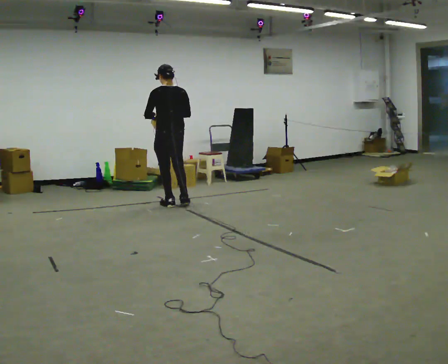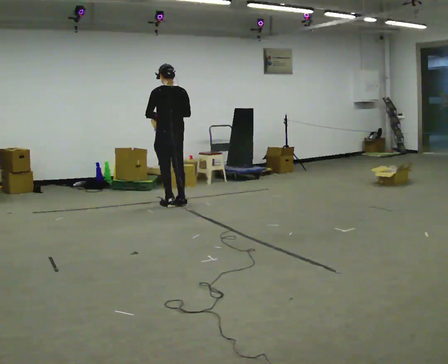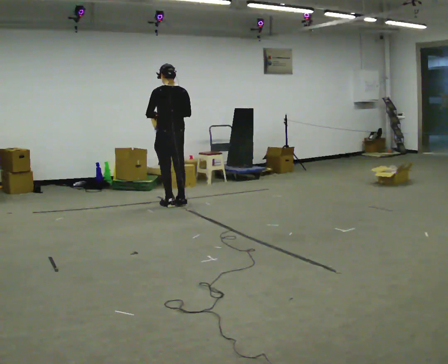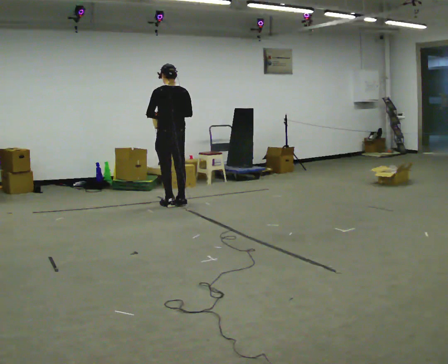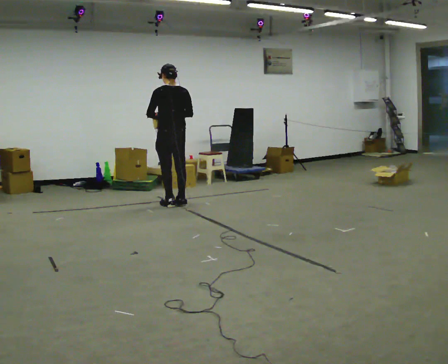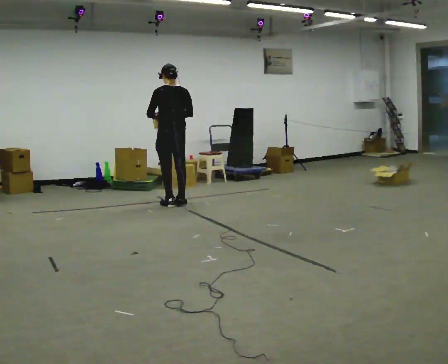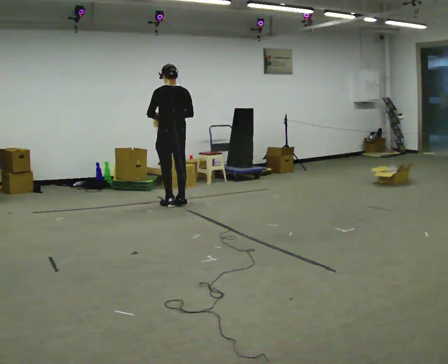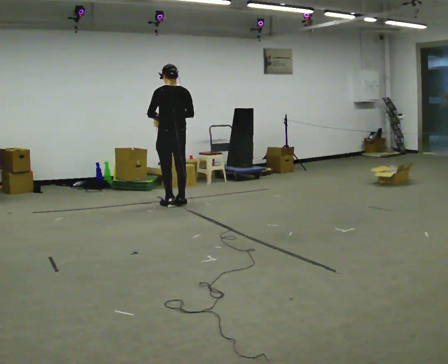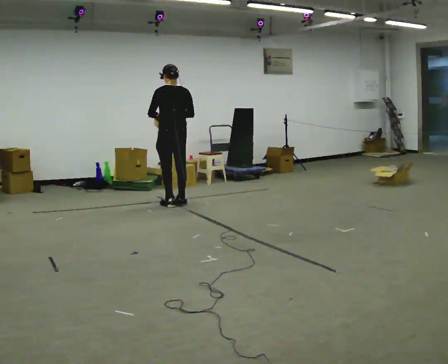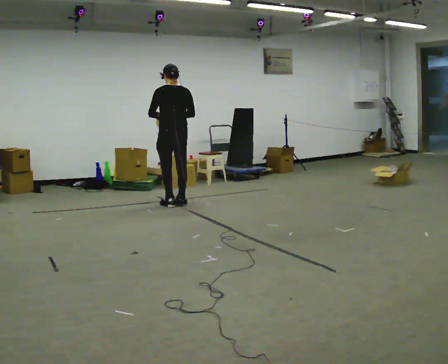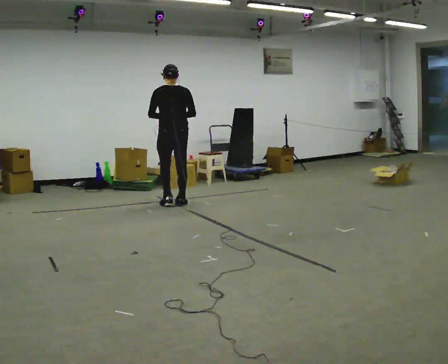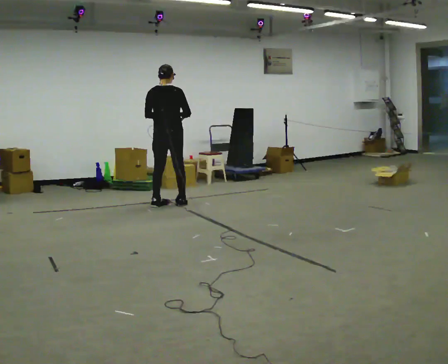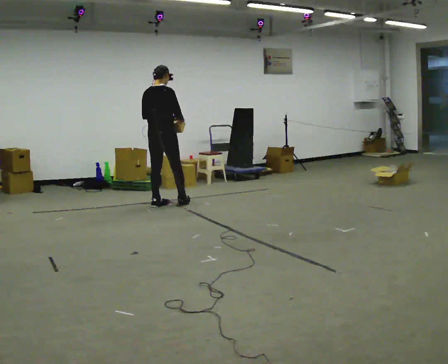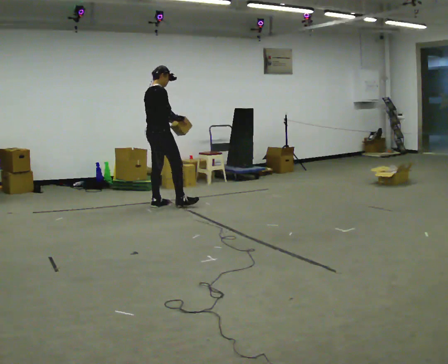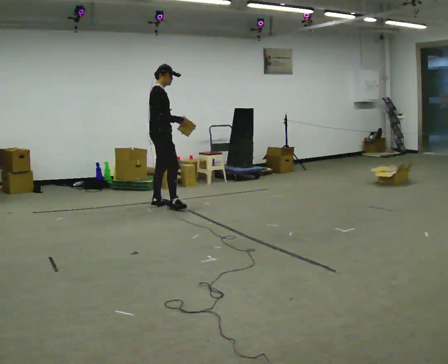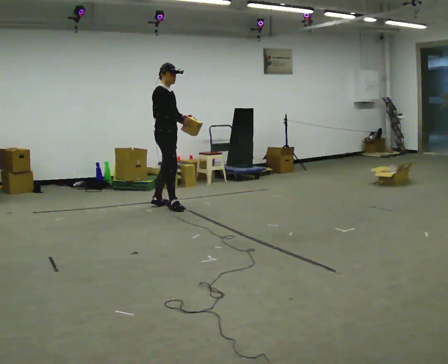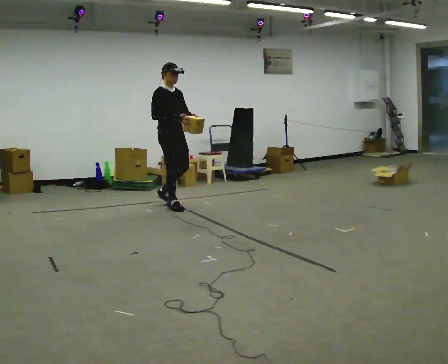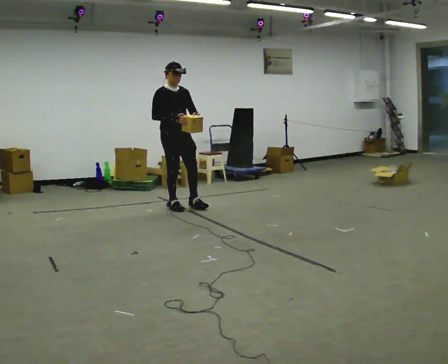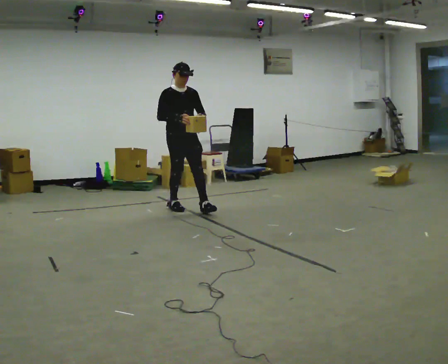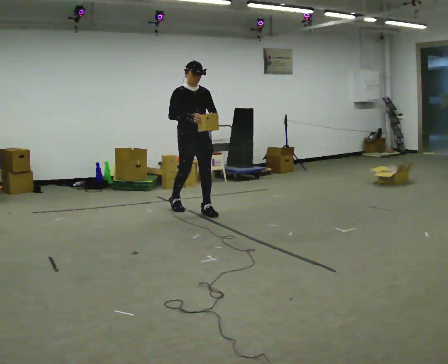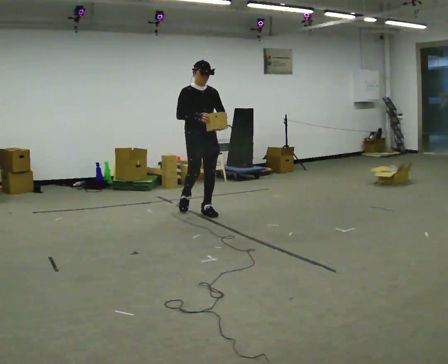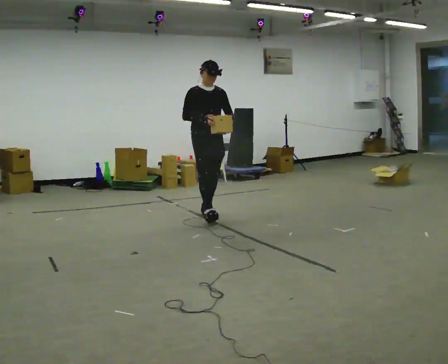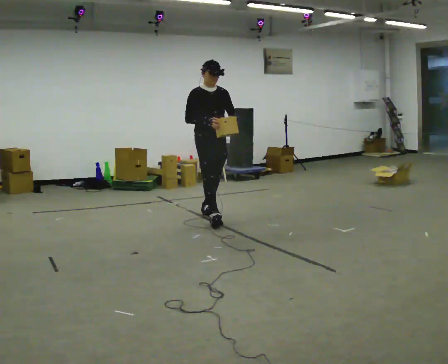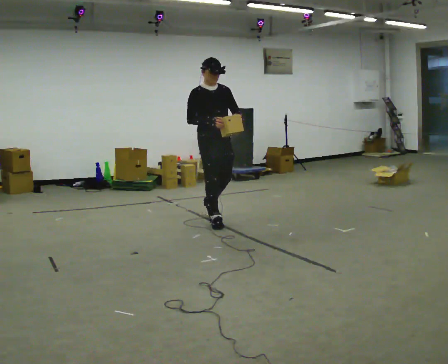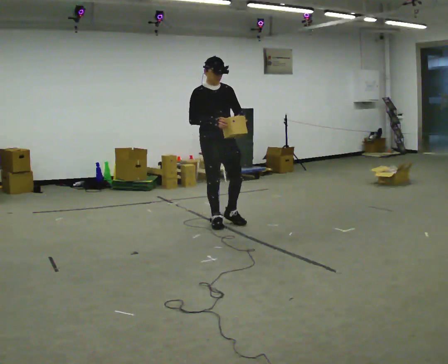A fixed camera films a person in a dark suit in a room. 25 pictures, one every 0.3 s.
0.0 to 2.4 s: The person moves a little, or ends about where they began.
2.4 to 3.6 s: The person turns about 60 degrees to their right, clockwise seen from above, so the part of the body nearest the lens slides to the left. In the picture they go to the left, about 0.25 m in 1 step, which for them is to their left.
3.6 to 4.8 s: The part of the body nearest the lens slides to the left as the person turns to their right by about 90 degrees. In the picture they go toward the camera, about 0.25 m in 1 step. In the picture their left hand goes to the right.
4.8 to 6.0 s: The person turns about 30 degrees to their right, clockwise seen from above, so the part of the body nearest the lens slides to the left. In the picture they go to the right and toward the camera, about 0.5 m in 1 step, which for them is forward and to their left.
6.0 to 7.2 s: In the picture they go toward the camera, about 0.5 m in 1 step, which for them is forward.
The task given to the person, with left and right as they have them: Carry the object and, while walking, turn it over in your hands to look at all sides of it. Keep turning it as you walk.
The film runs forward here.
